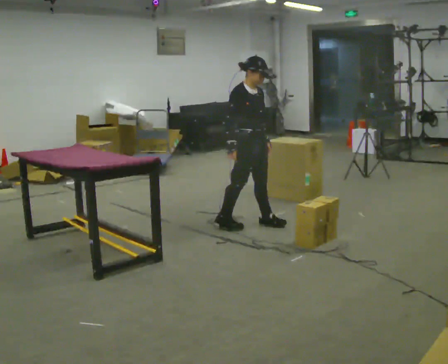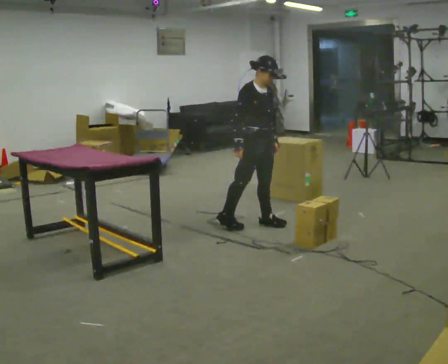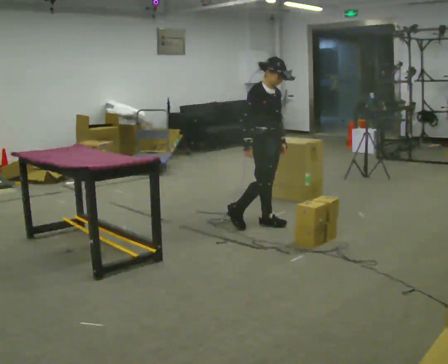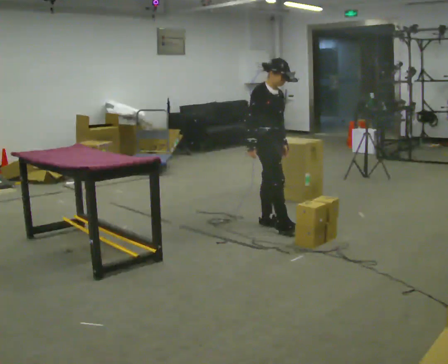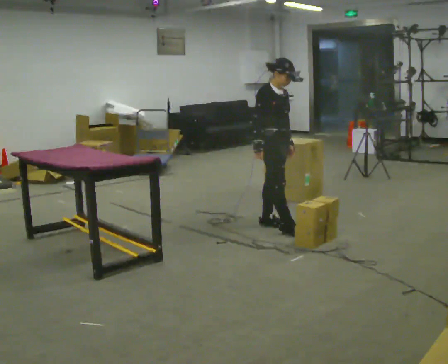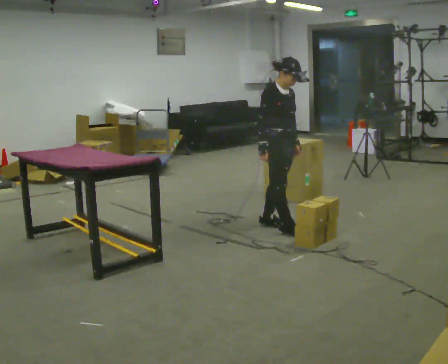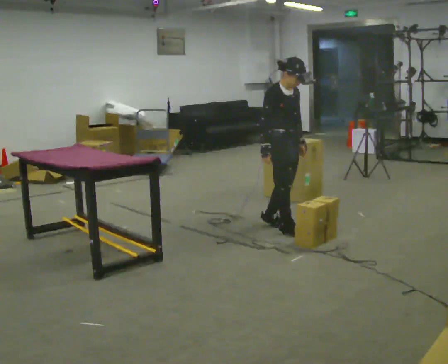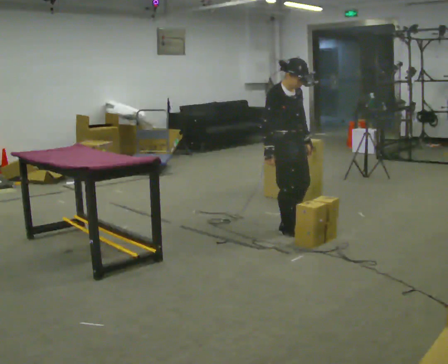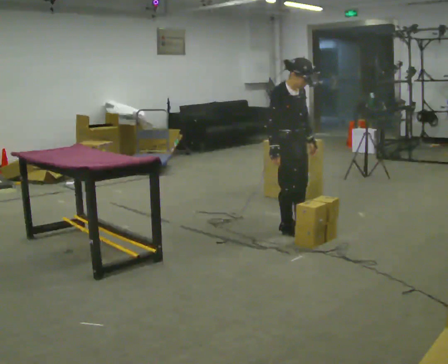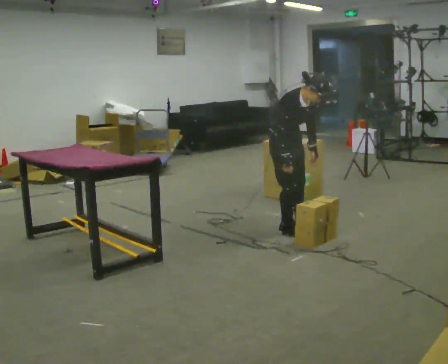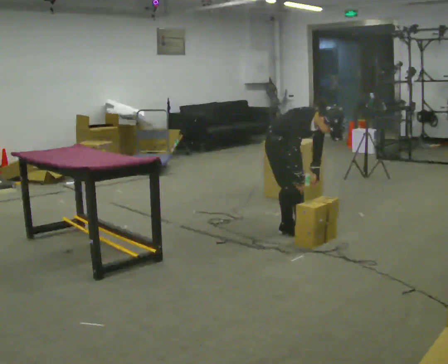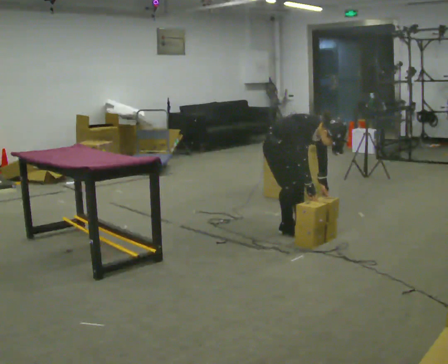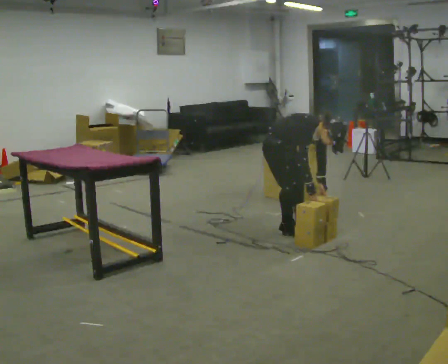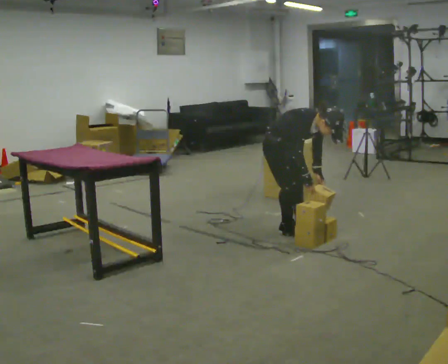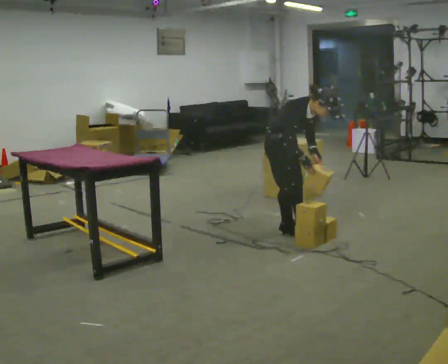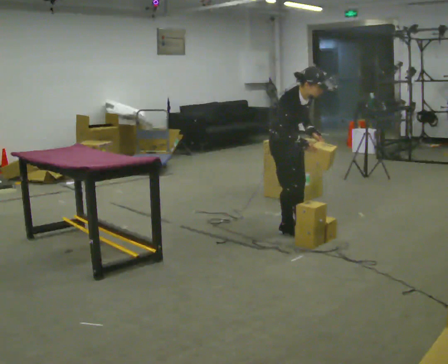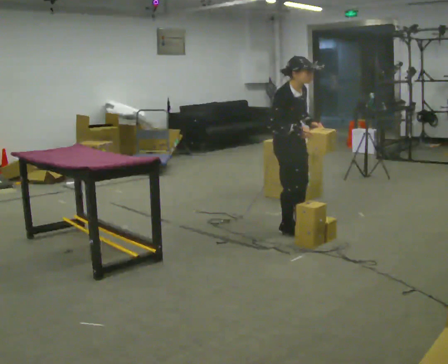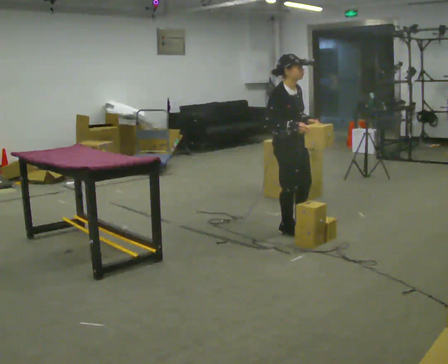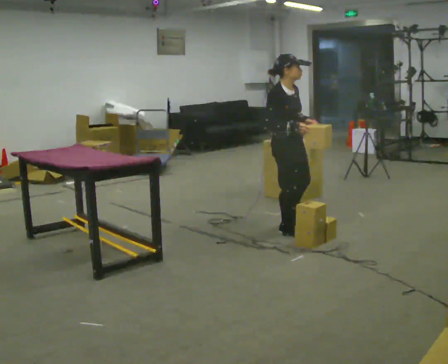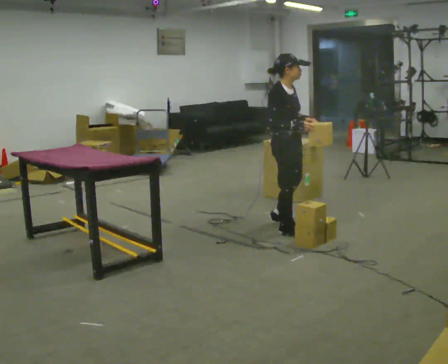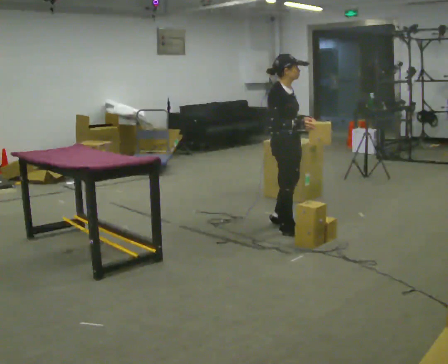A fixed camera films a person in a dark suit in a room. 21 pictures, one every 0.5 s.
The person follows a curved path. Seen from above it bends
counterclockwise.
0.0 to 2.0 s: In the picture they go to the right, about 0.25 m in 1 step, which for them is forward.
2.0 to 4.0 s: In the picture they go toward the camera, about 0.25 m in 1 step, which for them is forward.
4.0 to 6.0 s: The shoulders move downward. In the picture the upper body tilts clockwise, shoulders to the right, as they bend forward.
6.0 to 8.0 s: The shoulders move upward. In the picture the upper body tilts counterclockwise, shoulders to the left, as they lean back or straighten. In the picture their left hand goes upward.
8.0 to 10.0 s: The person moves a little, or ends about where they began.
The film runs forward here.
